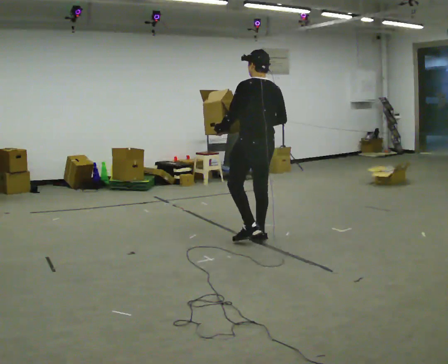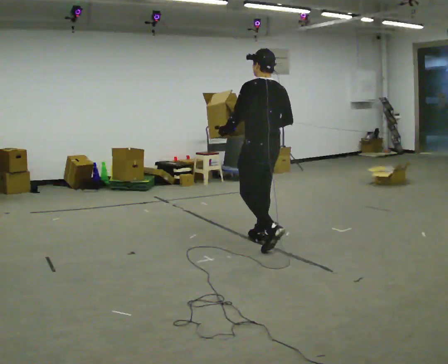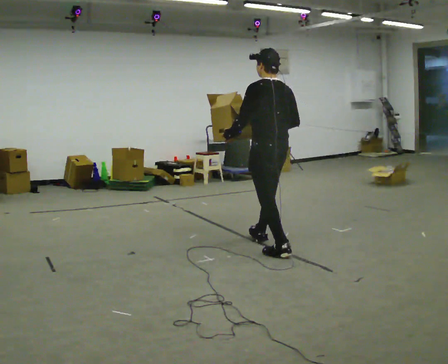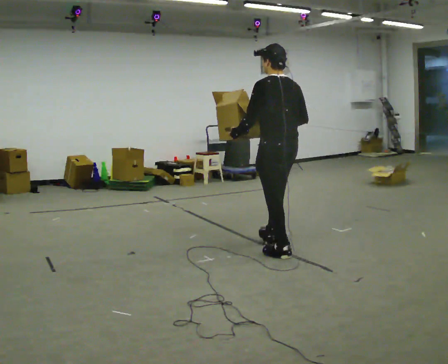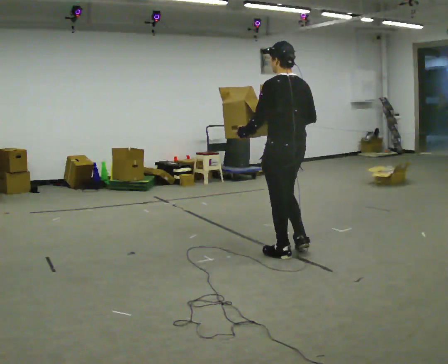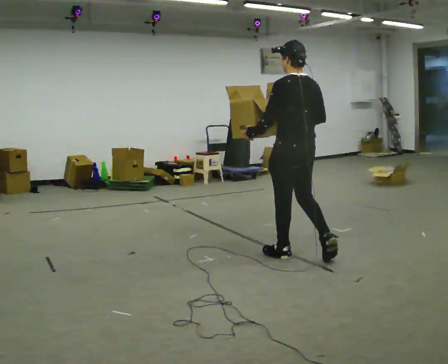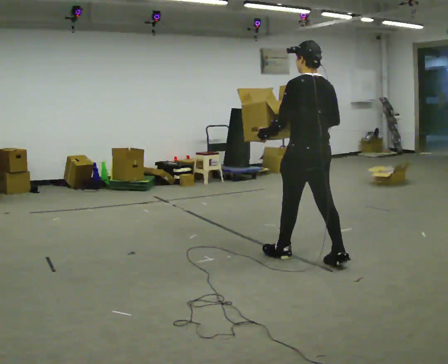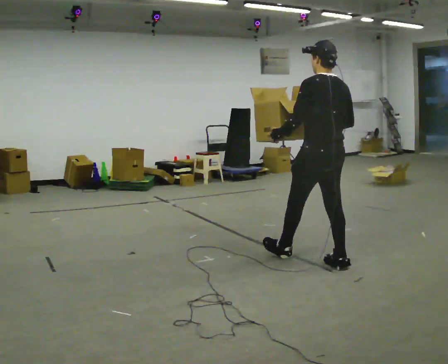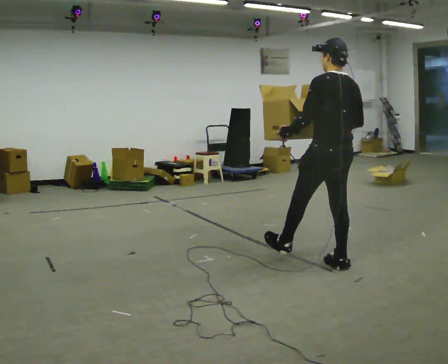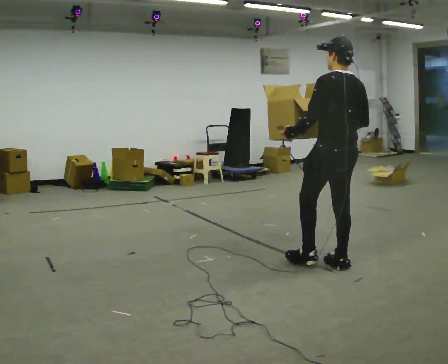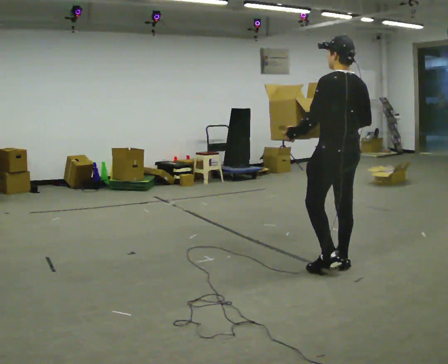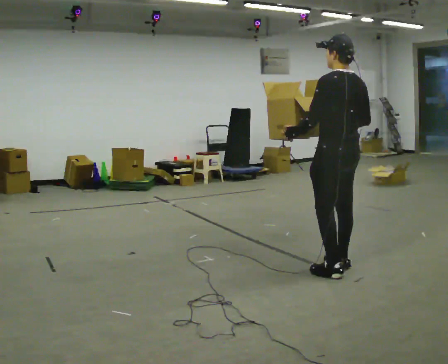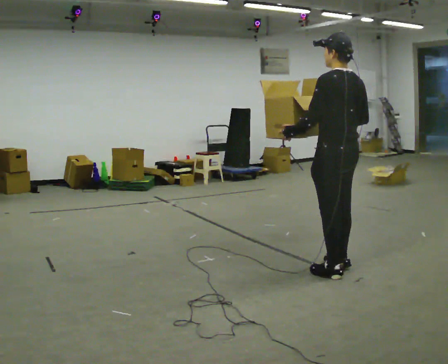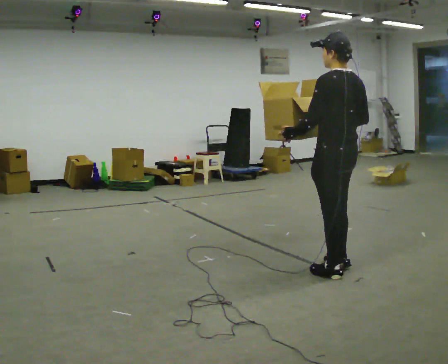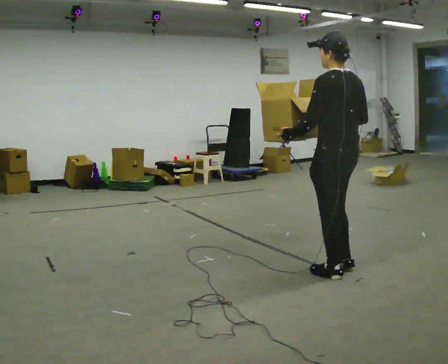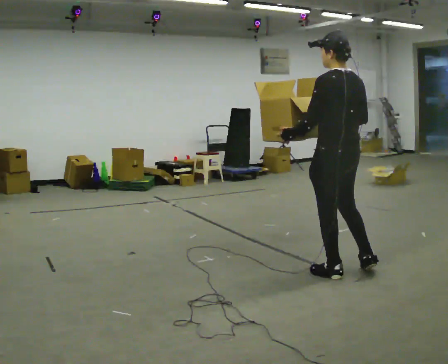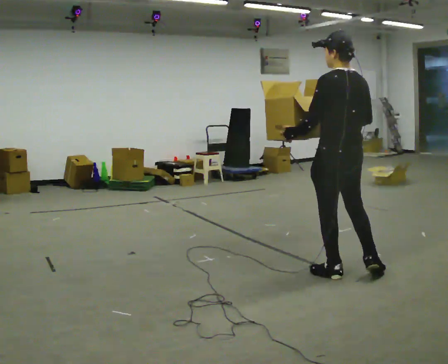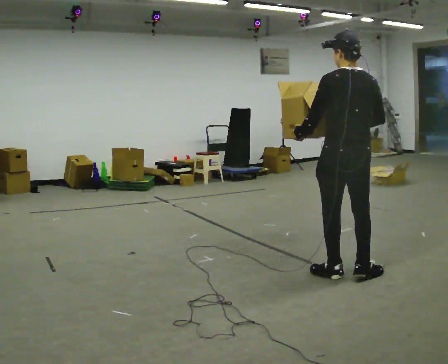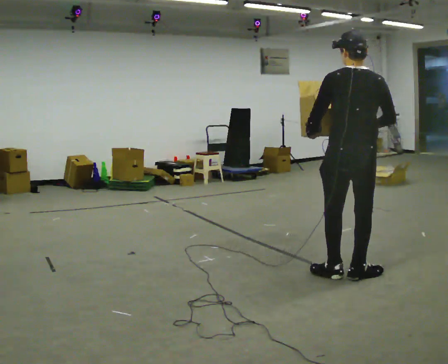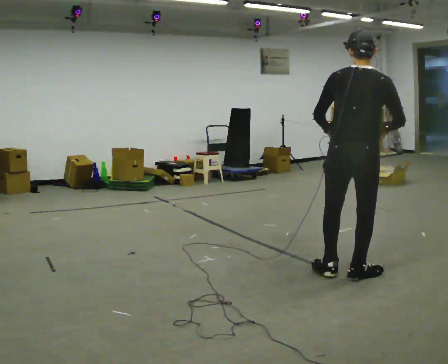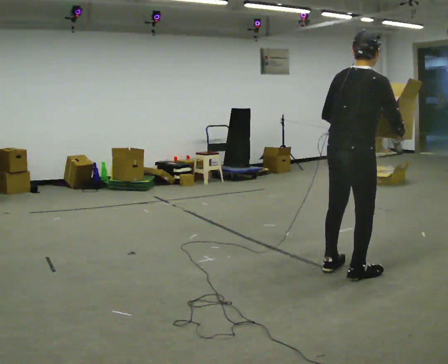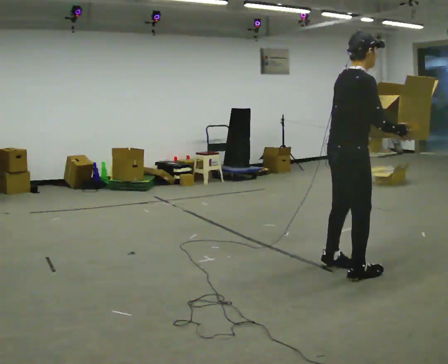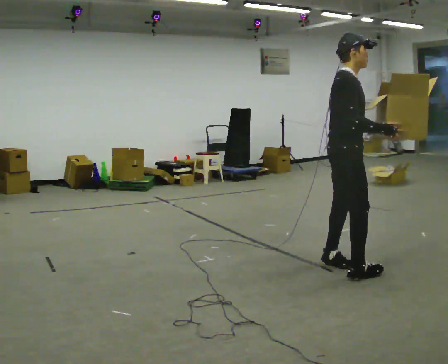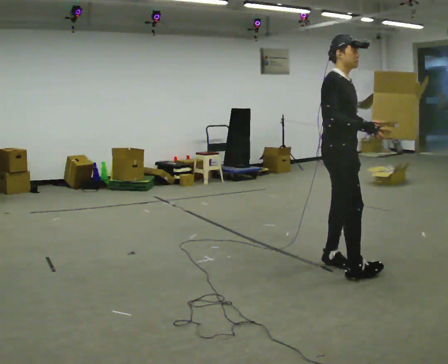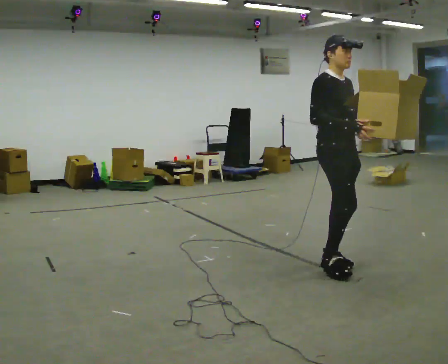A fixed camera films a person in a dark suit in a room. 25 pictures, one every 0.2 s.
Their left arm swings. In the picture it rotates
counterclockwise.
The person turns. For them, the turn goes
to their right.
0.0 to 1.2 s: In the picture they go to the right and toward the camera, about 1 m in 1 step, which for them is backward.
1.2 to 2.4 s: In the picture they go to the right and toward the camera, about 0.25 m in 1 step, which for them is backward.
2.4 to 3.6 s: The person turns about 30 degrees to their right, clockwise seen from above, so the part of the body nearest the lens slides to the left.
3.6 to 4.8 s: The part of the body nearest the lens slides to the left as the person turns to their right by about 135 degrees. In the picture they go away from the camera and to the left, about 0.25 m in 2 steps.
The film runs backward here.
